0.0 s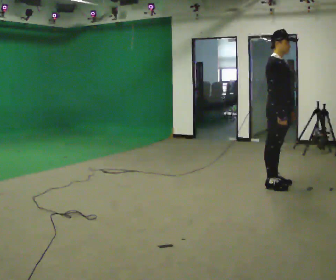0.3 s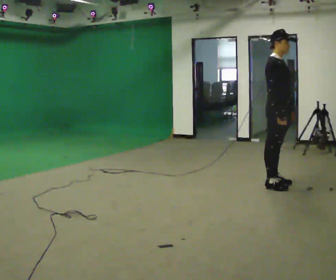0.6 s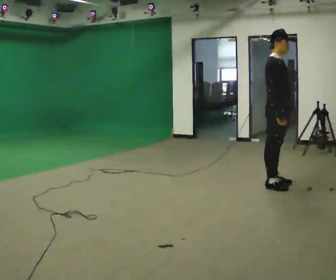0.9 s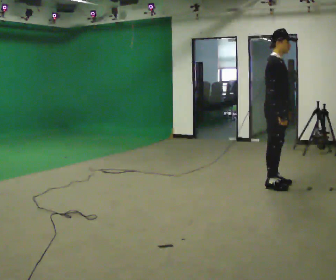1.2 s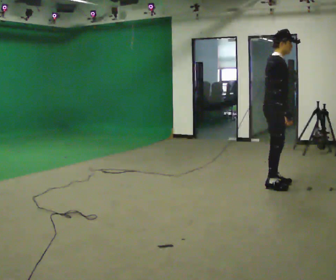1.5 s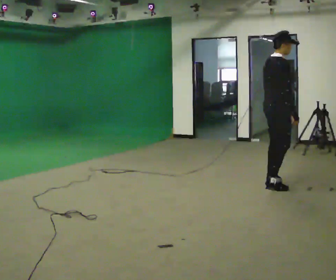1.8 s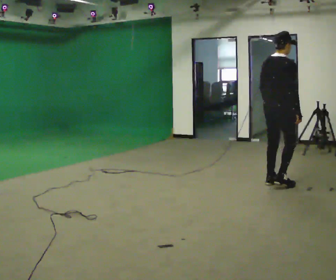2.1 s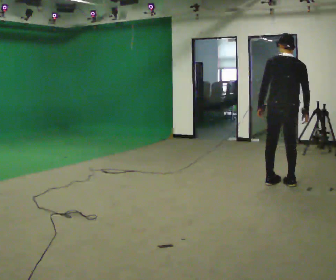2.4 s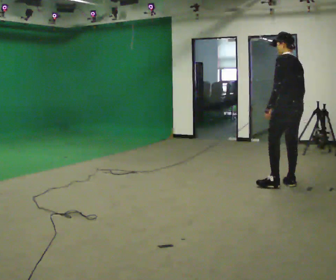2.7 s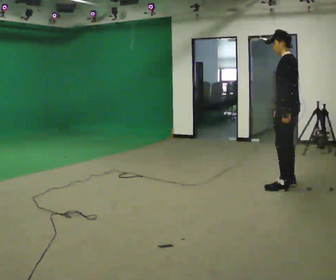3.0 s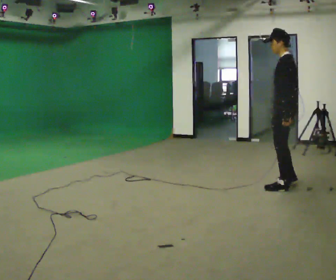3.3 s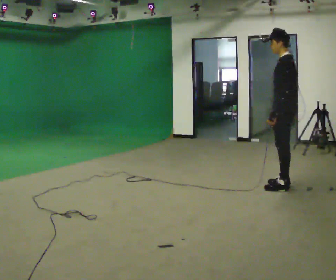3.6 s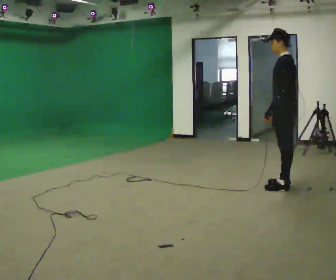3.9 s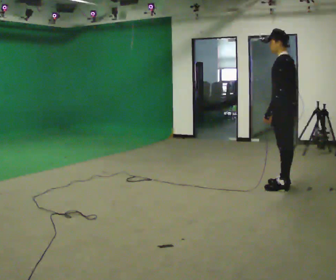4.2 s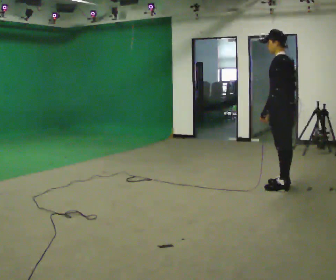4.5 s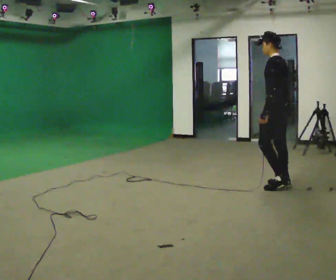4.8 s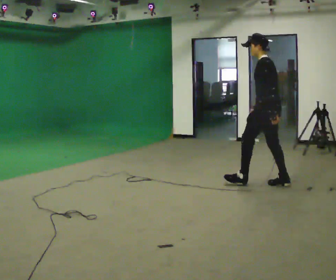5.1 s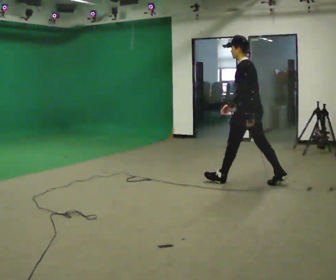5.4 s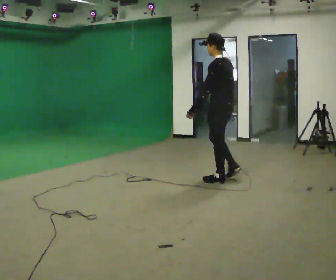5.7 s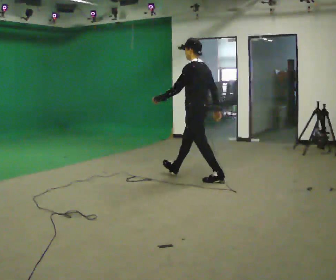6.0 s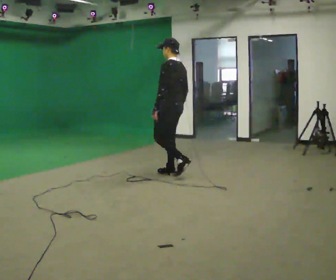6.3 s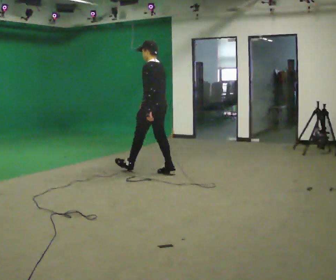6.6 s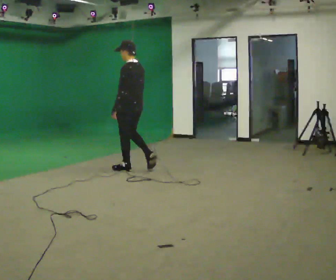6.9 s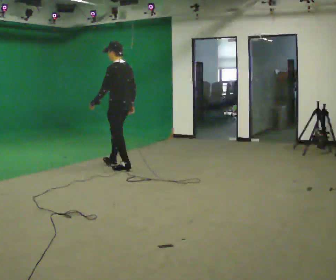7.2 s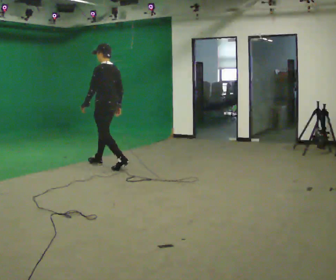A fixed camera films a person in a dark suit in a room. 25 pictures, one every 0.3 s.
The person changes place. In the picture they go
to the left.
The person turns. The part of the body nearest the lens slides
to the right.
0.0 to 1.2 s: The person moves a little, or ends about where they began.
1.2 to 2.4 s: The part of the body nearest the lens slides to the right as the person turns to their left by about 135 degrees. In the picture they go to the right, about 0.25 m in 1 step.
2.4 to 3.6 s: The person moves a little, or ends about where they began.
3.6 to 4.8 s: In the picture they go to the left, about 0.25 m, which for them is forward.
4.8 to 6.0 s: In the picture they go to the left, about 1.5 m in 2 steps, which for them is forward.
6.0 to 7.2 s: In the picture they go to the left, about 1 m in 2 steps, which for them is forward.
The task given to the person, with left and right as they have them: Start at normal speed; gradually slow over several steps; stop gently.
The film runs forward here.
